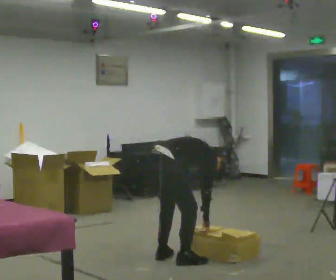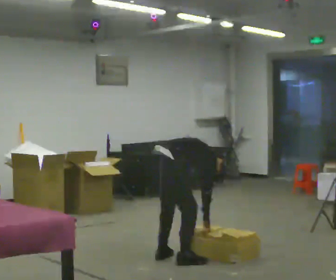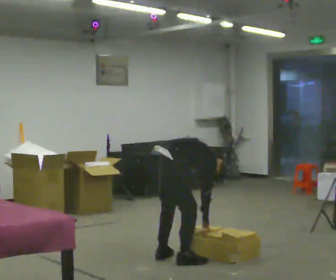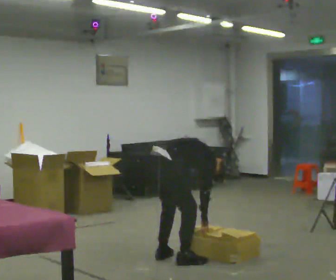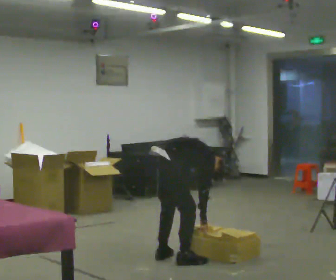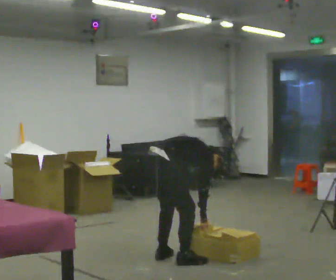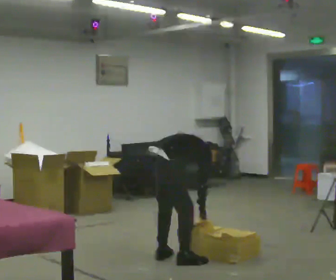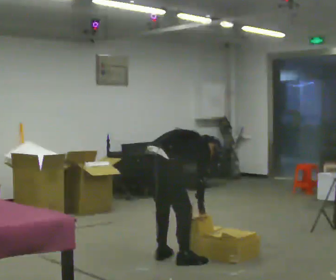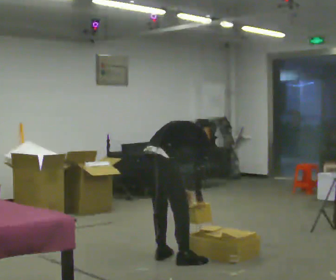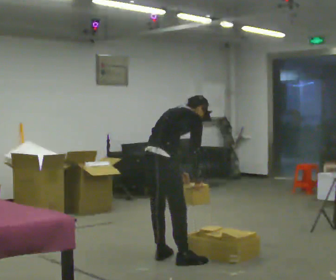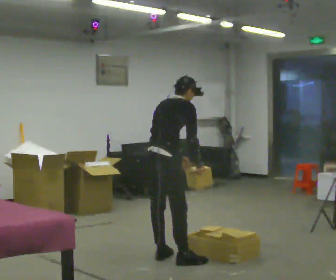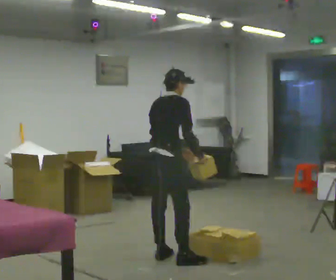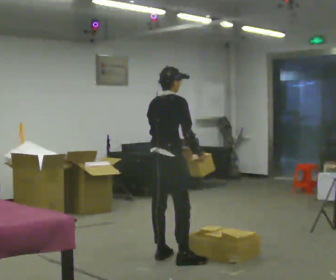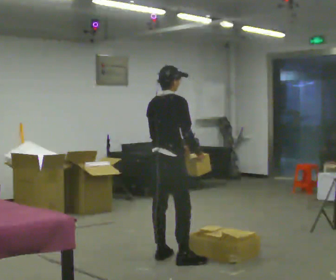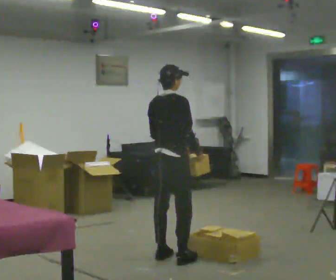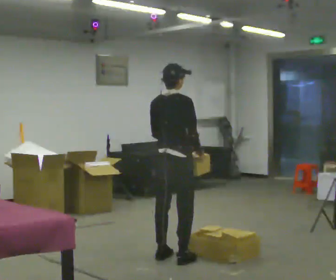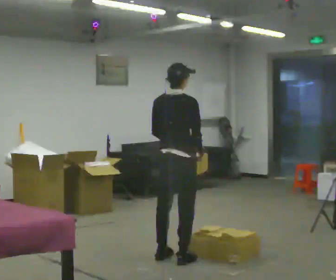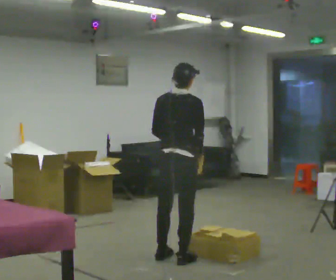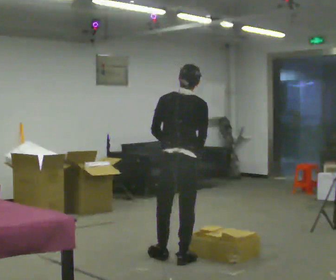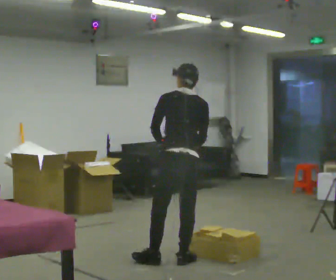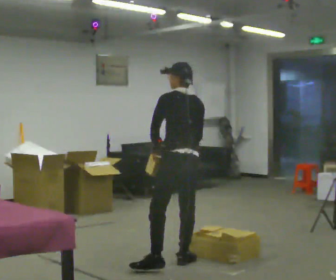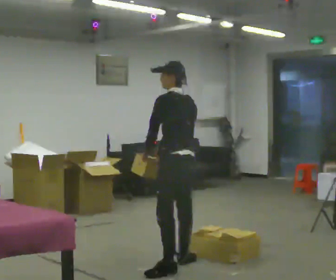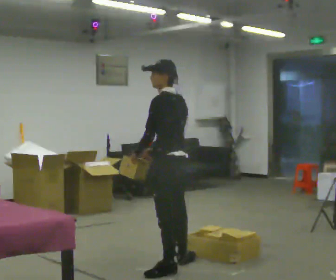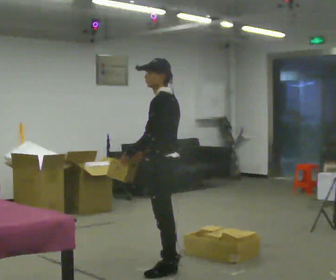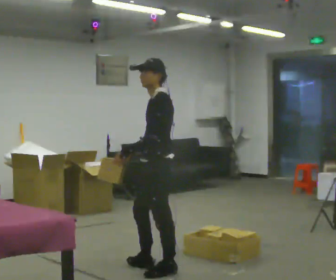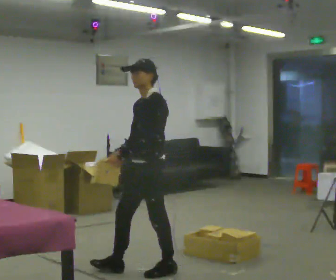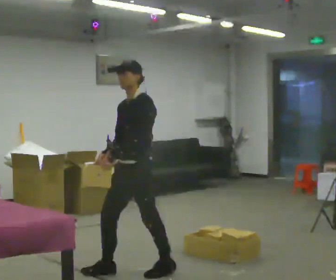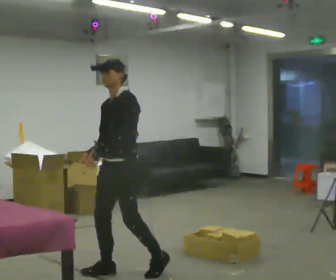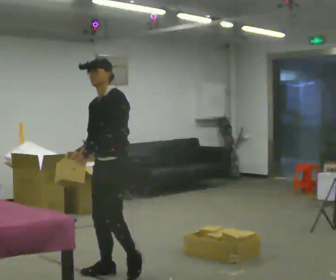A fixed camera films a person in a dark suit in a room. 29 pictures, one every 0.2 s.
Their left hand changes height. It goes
upward.
The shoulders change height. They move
upward.
0.0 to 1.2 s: The person moves a little, or ends about where they began.
1.2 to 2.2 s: The upper body goes upward. In the picture the upper body tilts counterclockwise, shoulders to the left, as they lean back or straighten. In the picture their left hand goes upward.
2.2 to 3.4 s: The person turns about 30 degrees to their left, counterclockwise seen from above, so the part of the body nearest the lens slides to the right.
3.4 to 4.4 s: The person turns about 75 degrees to their left, counterclockwise seen from above, so the part of the body nearest the lens slides to the right. In the picture they go toward the camera, about 0.25 m in 1 step.
4.4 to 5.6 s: The person turns about 75 degrees to their left, counterclockwise seen from above, so the part of the body nearest the lens slides to the right. In the picture they go to the left, about 0.5 m in 1 step.
The film runs forward here.
